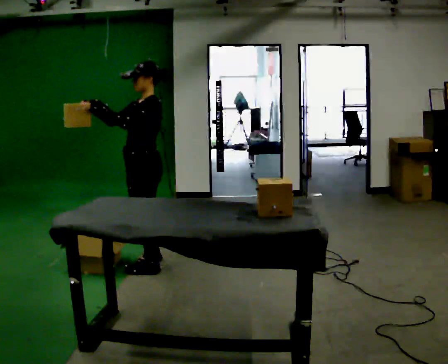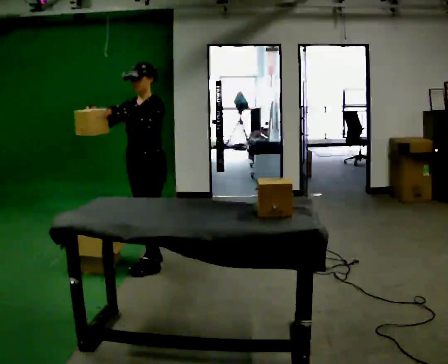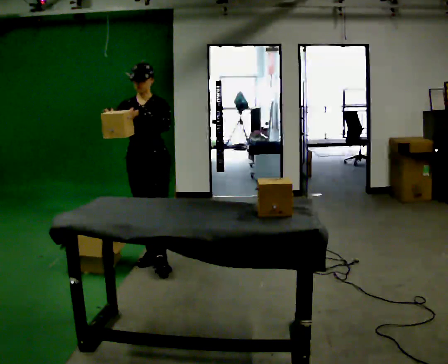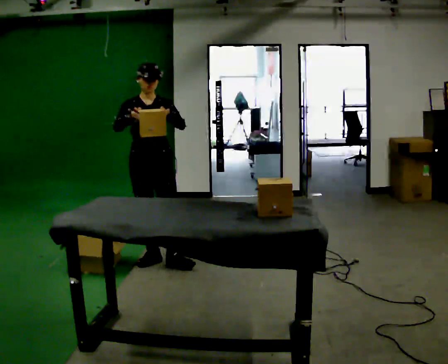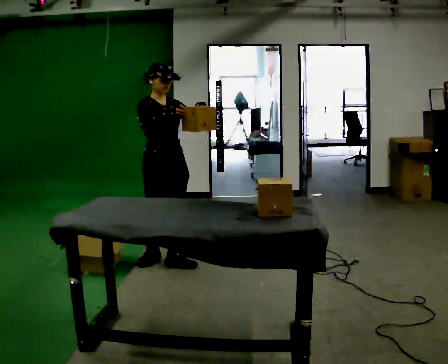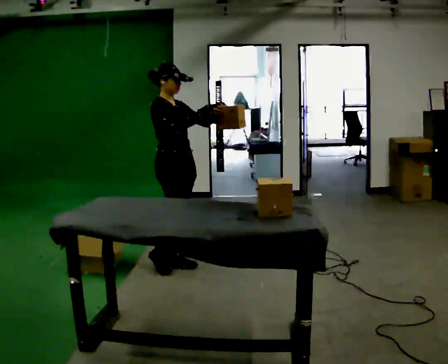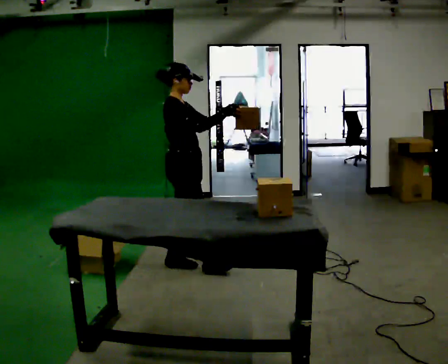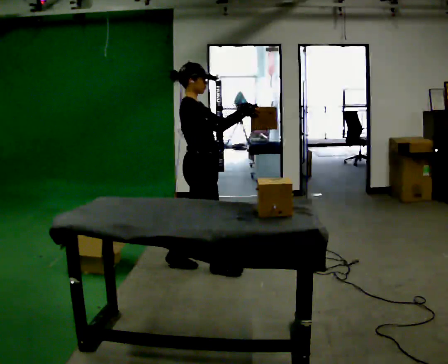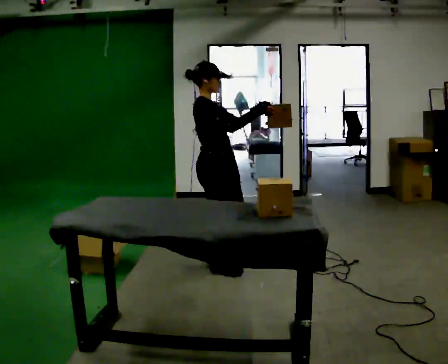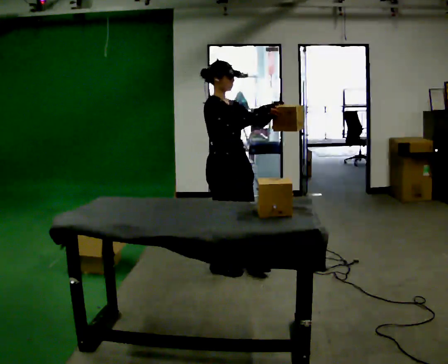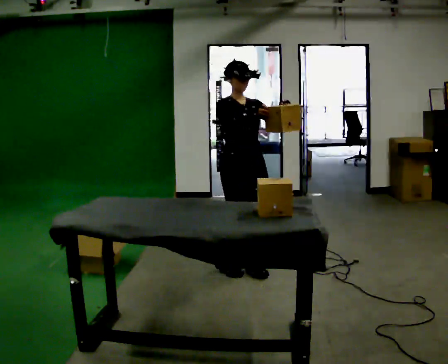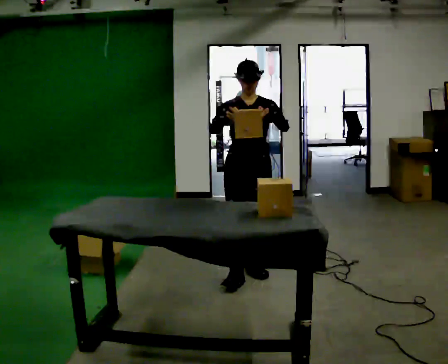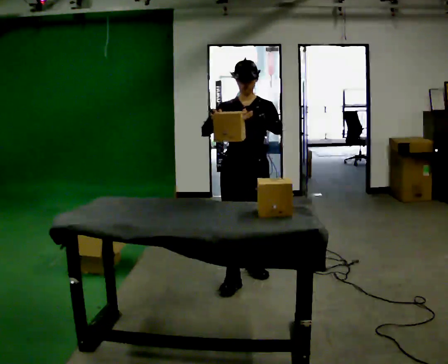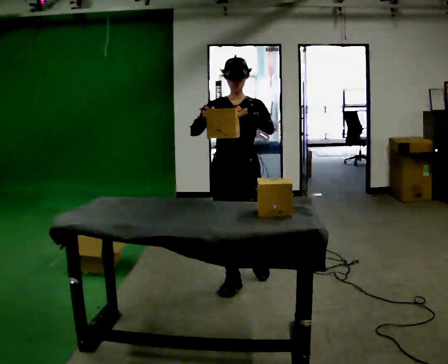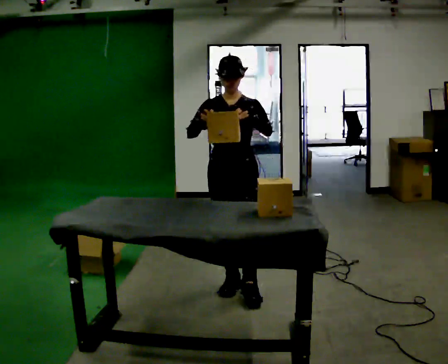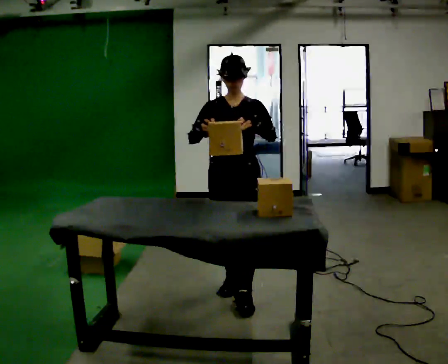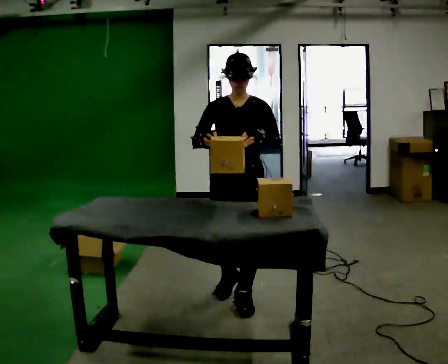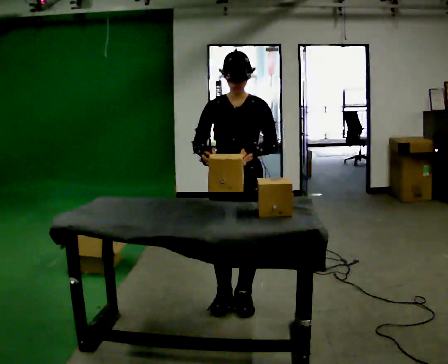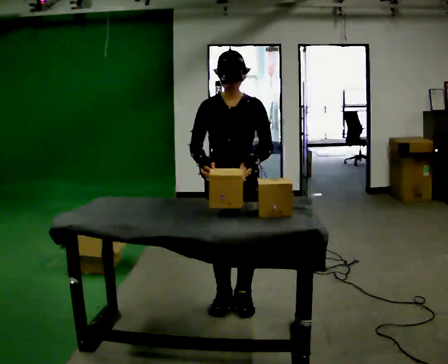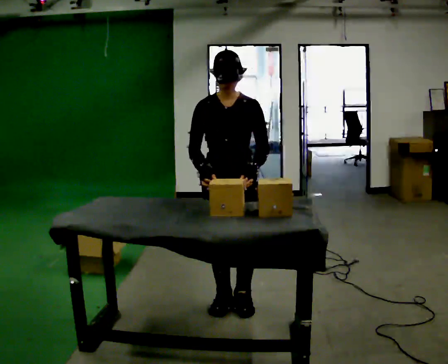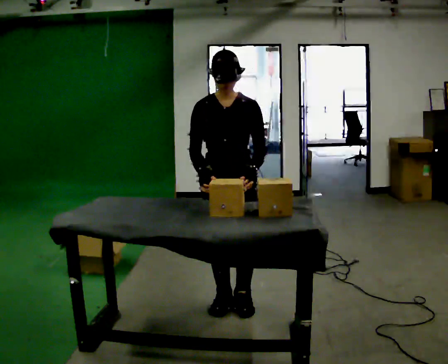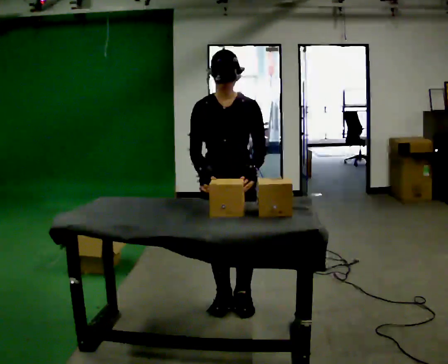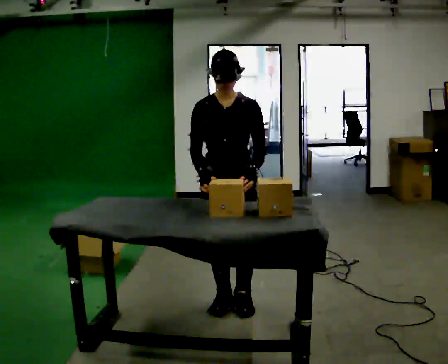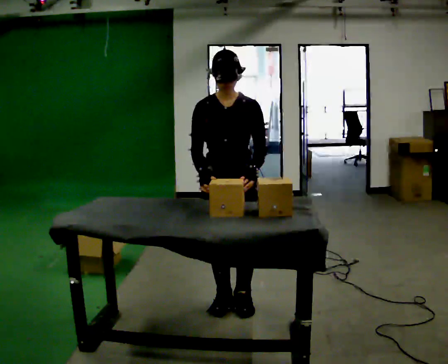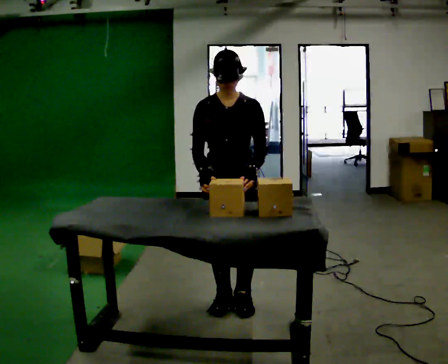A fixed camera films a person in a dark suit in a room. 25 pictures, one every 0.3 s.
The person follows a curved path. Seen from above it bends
clockwise.
0.0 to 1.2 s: The person turns about 105 degrees to their left, counterclockwise seen from above, so the part of the body nearest the lens slides to the right. In the picture their right hand goes to the right.
1.2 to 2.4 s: The person turns about 30 degrees to their left, counterclockwise seen from above, so the part of the body nearest the lens slides to the right. In the picture they go to the right, about 0.5 m in 1 step, which for them is forward.
2.4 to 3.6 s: The part of the body nearest the lens slides to the left as the person turns to their right by about 90 degrees. In the picture they go to the right and toward the camera, about 0.25 m in 2 steps.
3.6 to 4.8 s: In the picture they go toward the camera, about 0.5 m in 1 step, which for them is forward.
4.8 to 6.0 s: The person moves a little, or ends about where they began.
6.0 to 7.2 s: The person keeps their place and pose.
The film runs forward here.
